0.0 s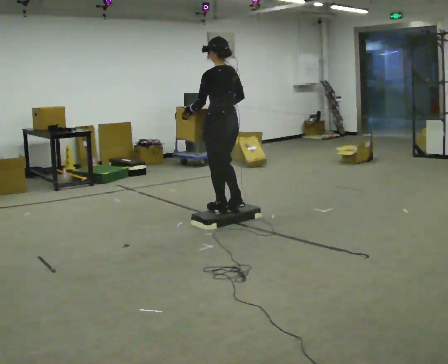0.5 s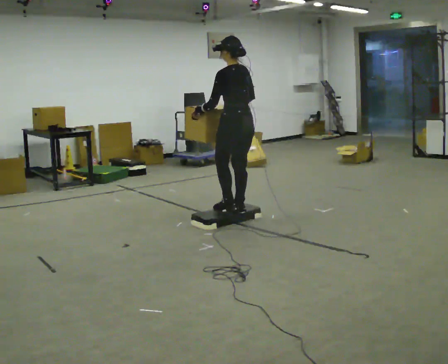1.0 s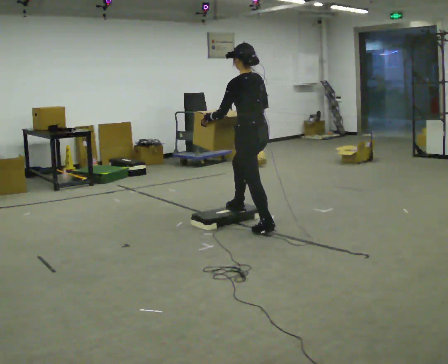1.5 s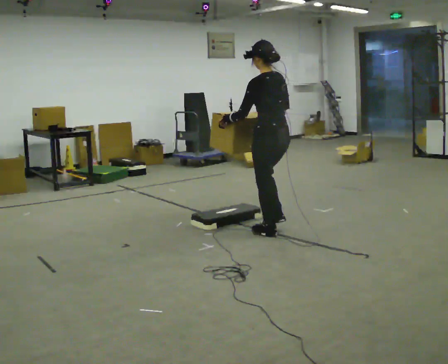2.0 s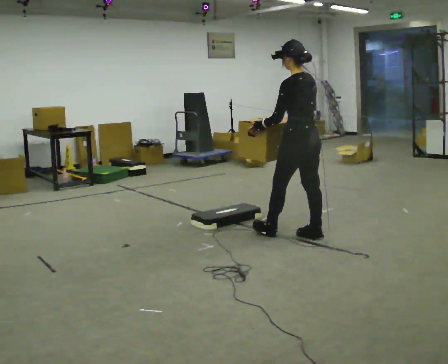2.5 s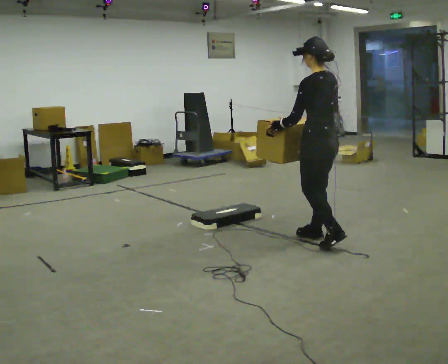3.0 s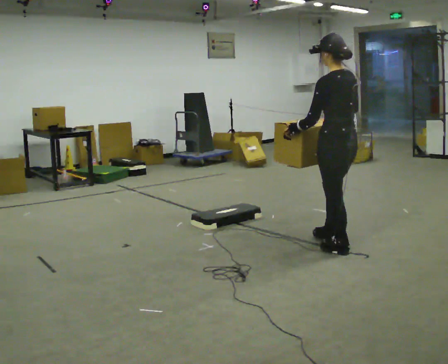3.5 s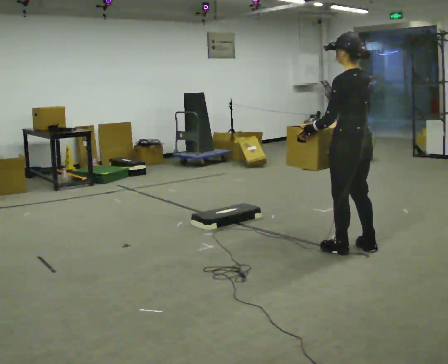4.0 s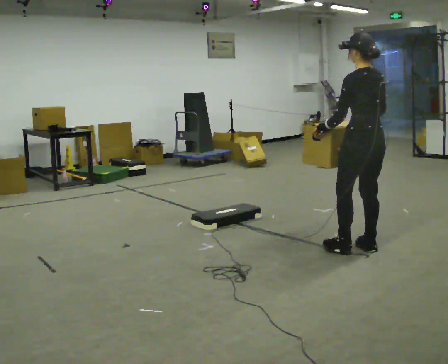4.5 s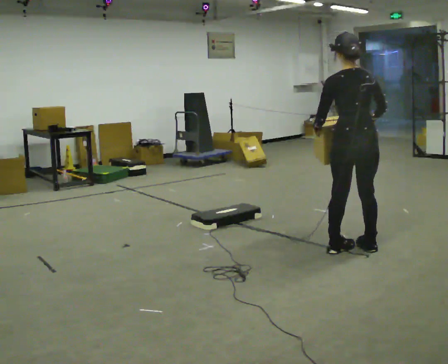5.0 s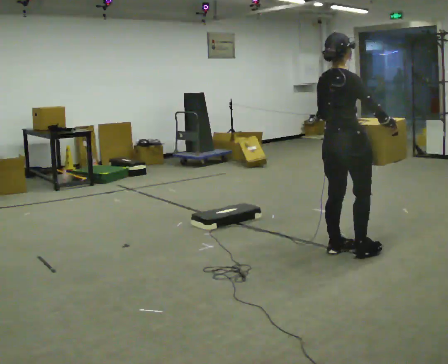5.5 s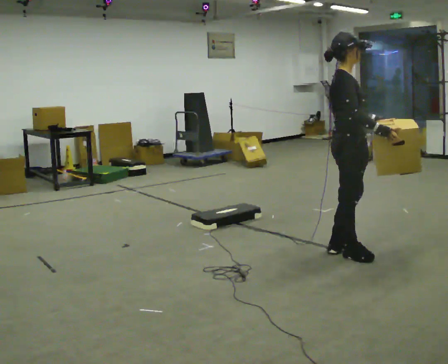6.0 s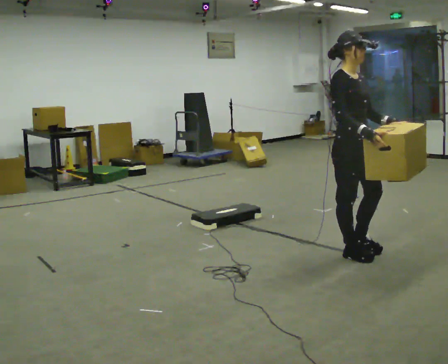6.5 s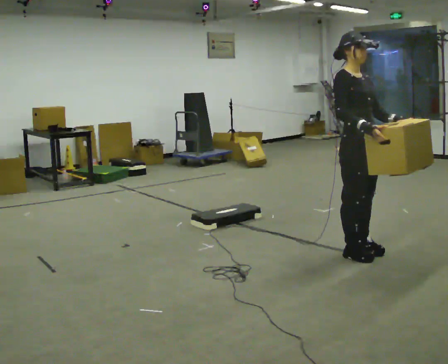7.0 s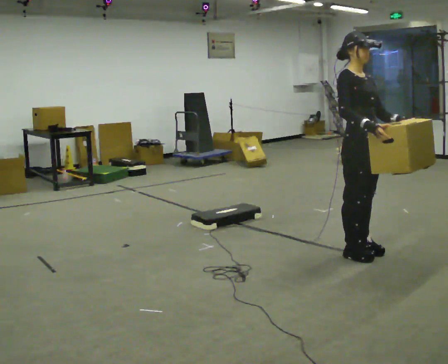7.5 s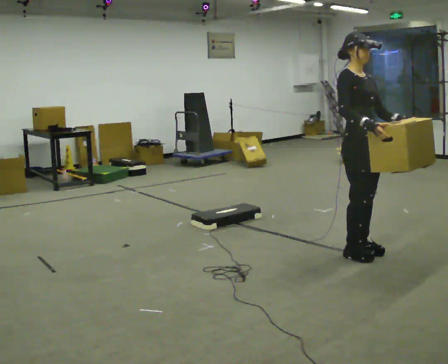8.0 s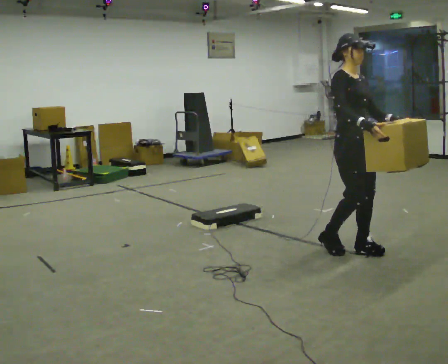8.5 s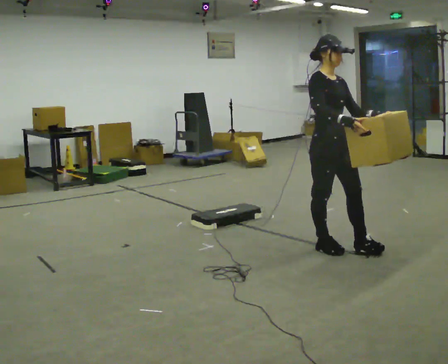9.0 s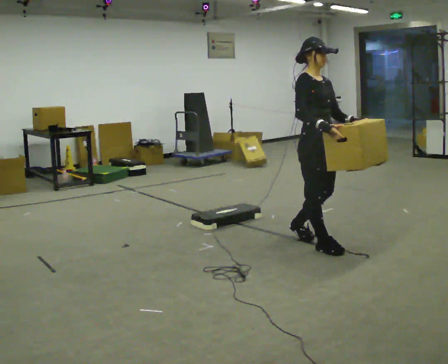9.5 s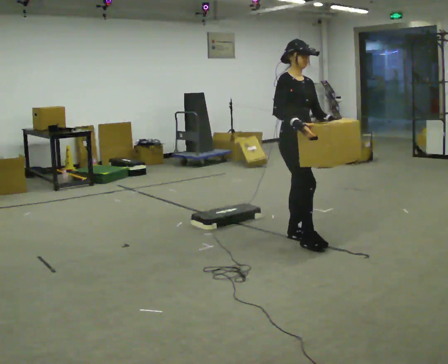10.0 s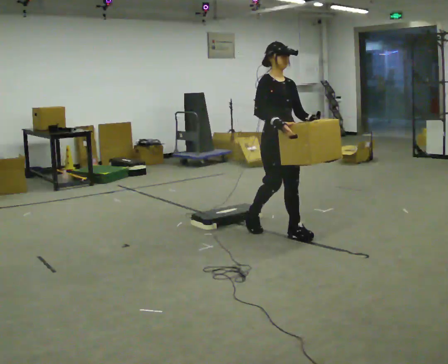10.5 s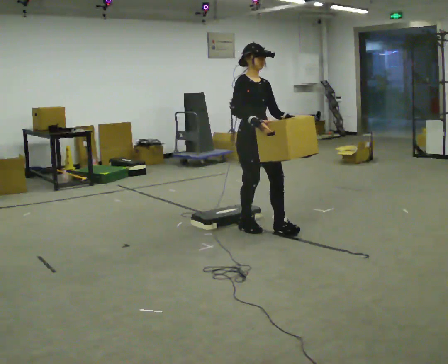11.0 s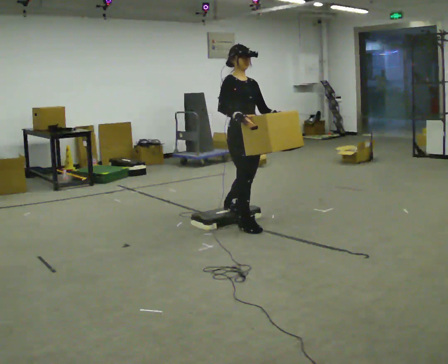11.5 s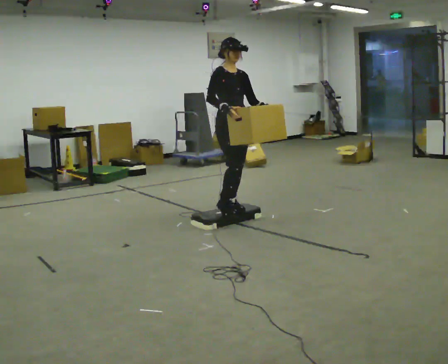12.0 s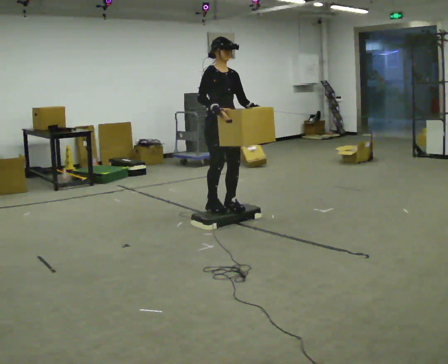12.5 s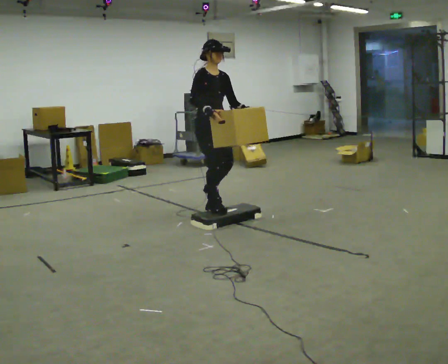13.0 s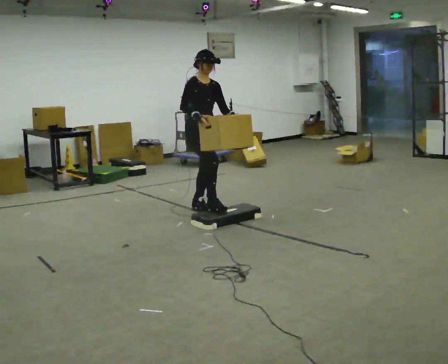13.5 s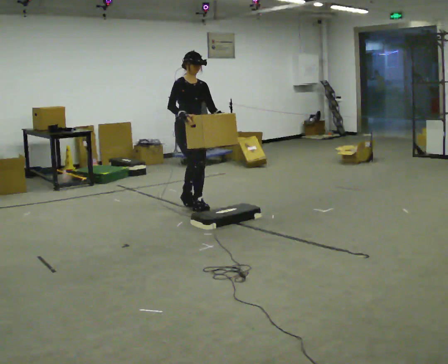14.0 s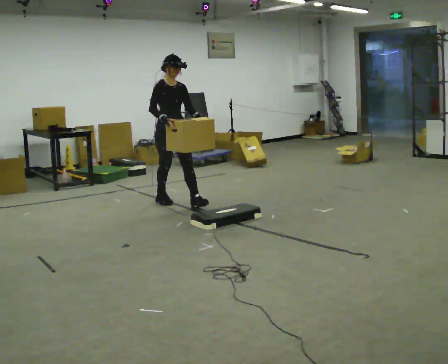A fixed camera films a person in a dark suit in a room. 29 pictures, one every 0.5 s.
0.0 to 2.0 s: In the picture they go to the right, about 1 m in 2 steps, which for them is backward.
2.0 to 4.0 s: In the picture they go to the right and toward the camera, about 0.5 m in 2 steps, which for them is backward.
4.0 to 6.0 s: Seen from above the body turns clockwise, about 165 degrees: to their right, with its near side sliding to the left.
6.0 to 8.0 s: The person moves a little, or ends about where they began.
8.0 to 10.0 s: In the picture they go to the left and away from the camera, about 0.5 m in 2 steps, which for them is backward.
10.0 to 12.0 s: In the picture they go to the left and away from the camera, about 0.5 m in 2 steps, which for them is backward.
12.0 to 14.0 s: In the picture they go to the left and away from the camera, about 1 m in 3 steps, which for them is backward.
The film runs backward here.
